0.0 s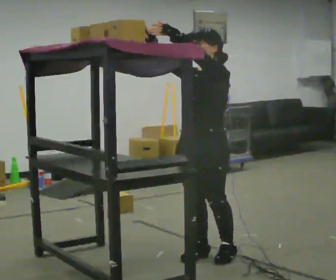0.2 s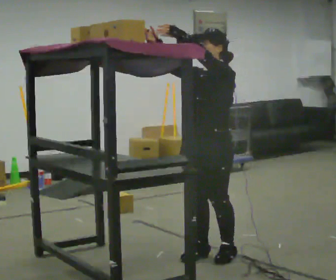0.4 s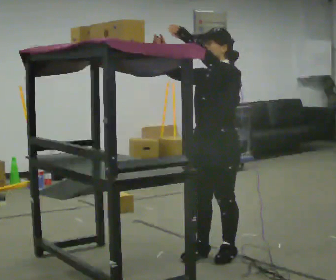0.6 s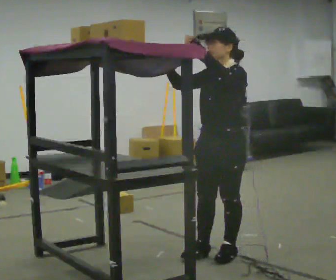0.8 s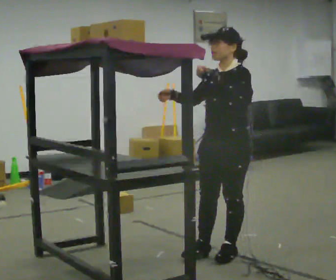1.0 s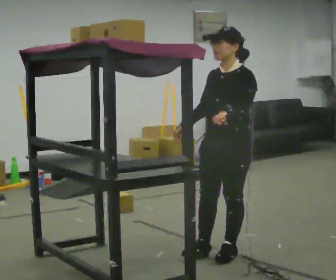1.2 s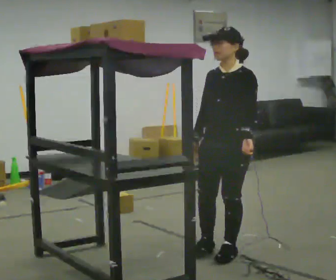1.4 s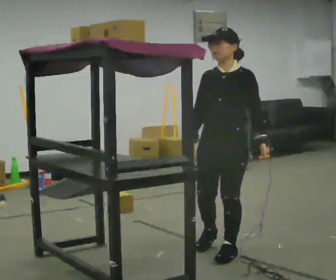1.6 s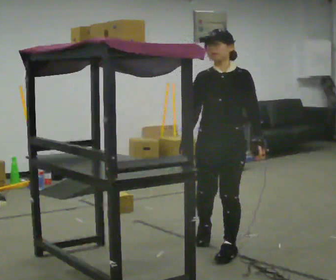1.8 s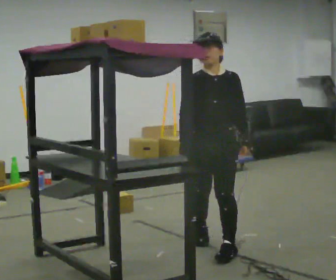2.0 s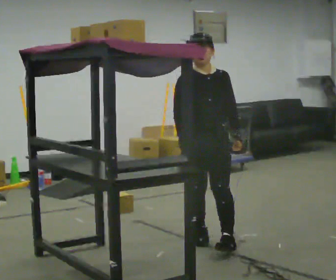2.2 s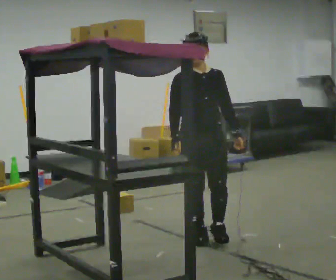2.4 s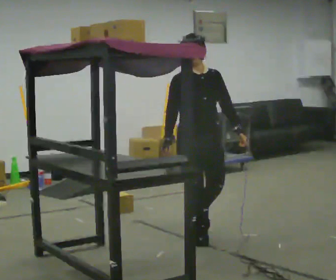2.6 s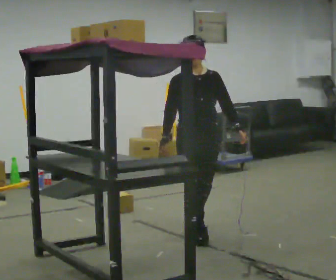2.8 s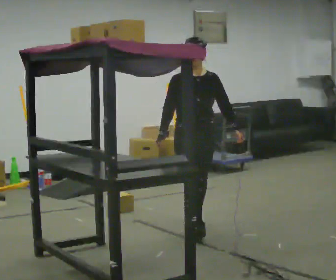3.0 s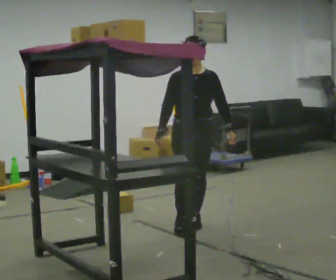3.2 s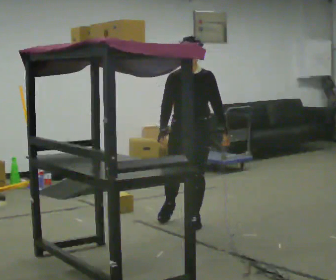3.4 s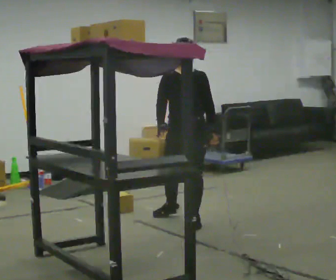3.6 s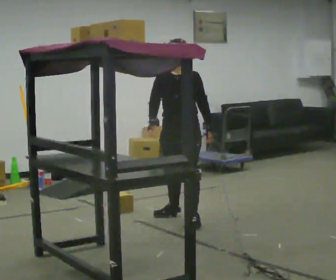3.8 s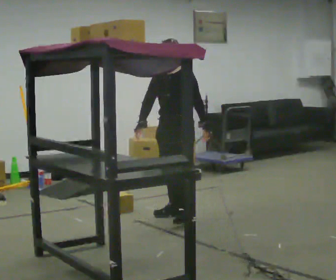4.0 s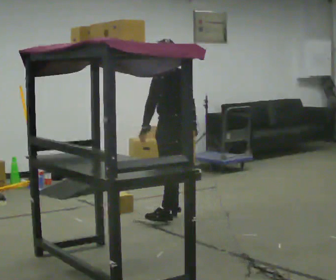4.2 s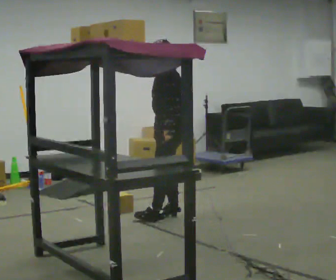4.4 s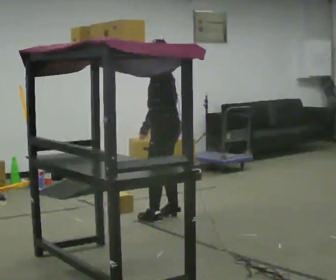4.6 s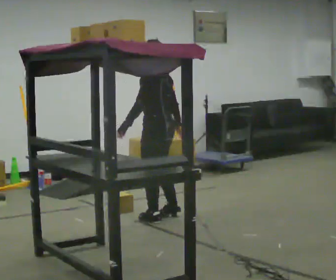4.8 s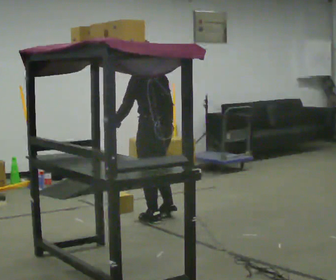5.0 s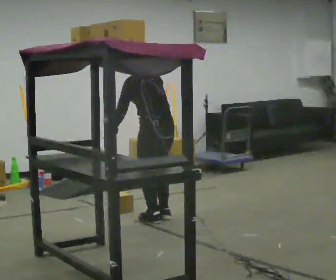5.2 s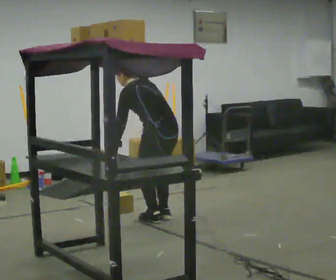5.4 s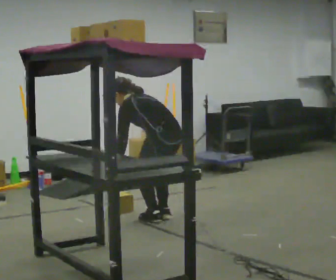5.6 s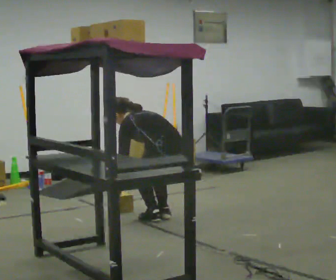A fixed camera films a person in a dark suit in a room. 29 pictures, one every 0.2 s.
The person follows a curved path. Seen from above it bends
counterclockwise.
The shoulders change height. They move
downward.
0.0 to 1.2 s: In the picture they go to the right, about 0.25 m in 1 step, which for them is backward. In the picture their right hand goes downward and to the right, the arm swinging counterclockwise.
1.2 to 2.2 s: The part of the body nearest the lens slides to the right as the person turns to their left by about 45 degrees. In the picture they go away from the camera and to the left, about 0.5 m in 1 step, which for them is backward and to their right.
2.2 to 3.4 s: In the picture they go away from the camera, about 0.5 m in 1 step, which for them is backward.
3.4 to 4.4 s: The part of the body nearest the lens slides to the left as the person turns to their right by about 75 degrees. In the picture they go away from the camera and to the left, about 0.25 m in 1 step.
4.4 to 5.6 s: Seen from above the body turns clockwise, about 45 degrees: to their right, with its near side sliding to the left. The shoulders move downward. In the picture the upper body tilts counterclockwise, shoulders to the left, as they bend forward. In the picture their left hand goes downward.
The film runs backward here.
